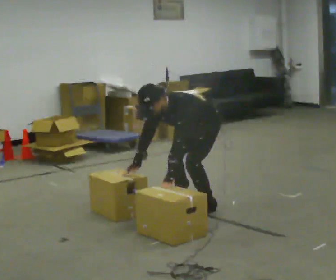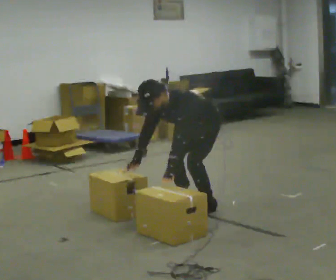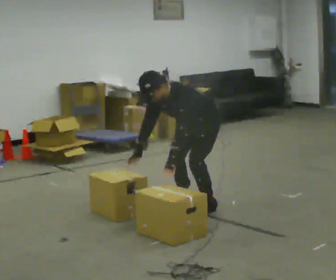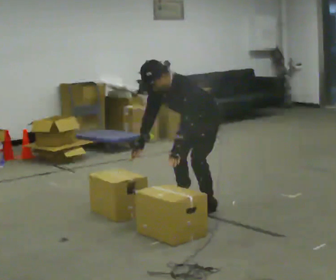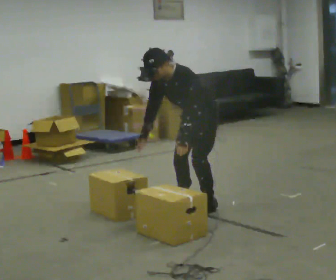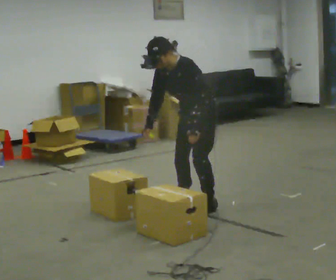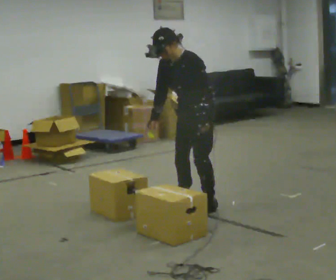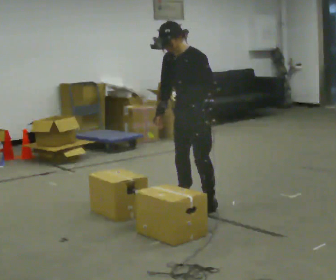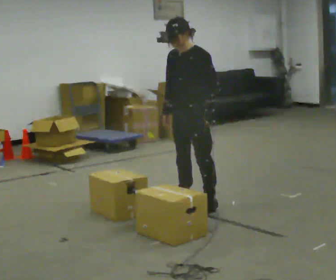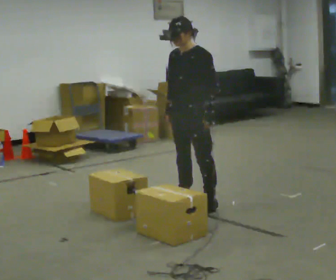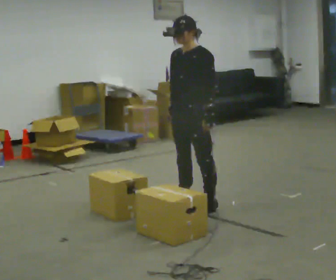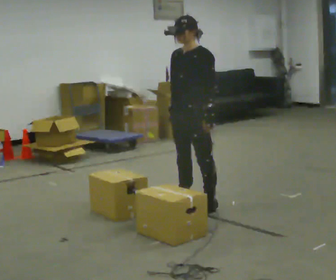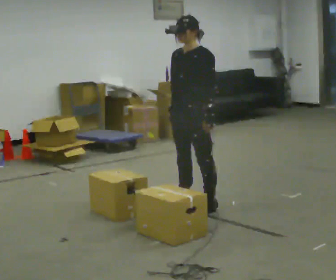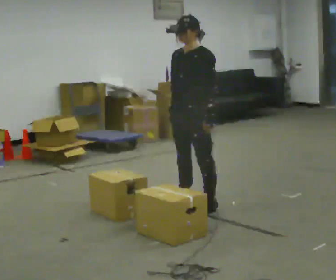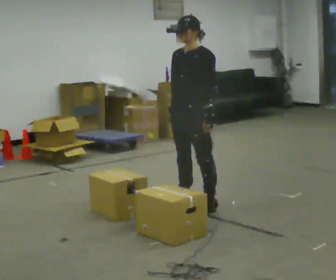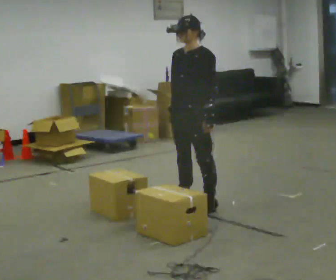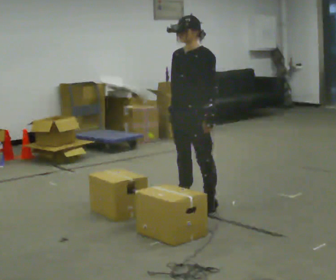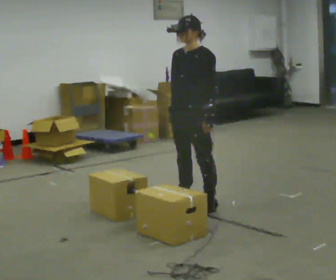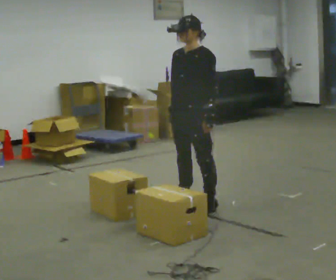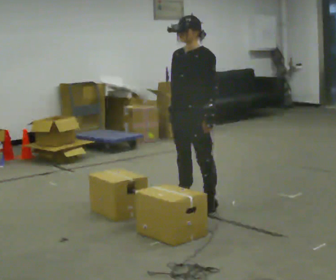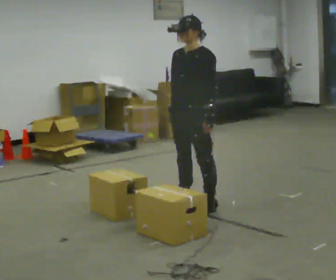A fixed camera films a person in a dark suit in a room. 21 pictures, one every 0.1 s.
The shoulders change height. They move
upward.
The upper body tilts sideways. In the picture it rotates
clockwise.
0.0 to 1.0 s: The upper body goes upward. In the picture the upper body tilts clockwise, shoulders to the right, as they lean back or straighten. In the picture their right hand goes upward and to the right.
1.0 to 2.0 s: The person keeps their place and pose.
The film runs backward here.
